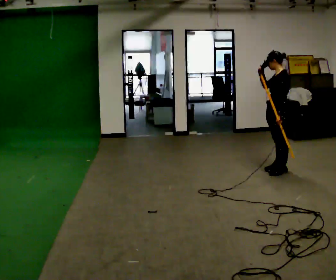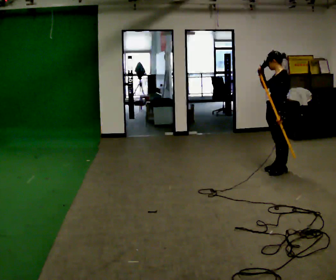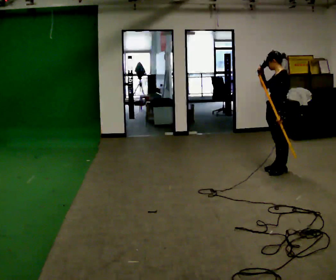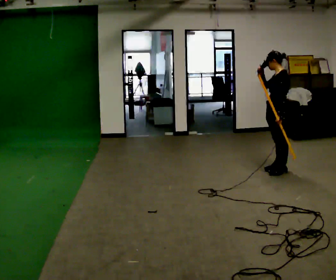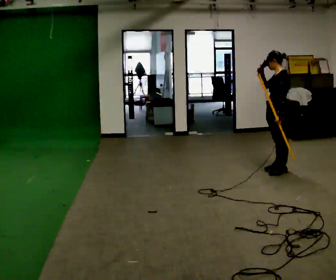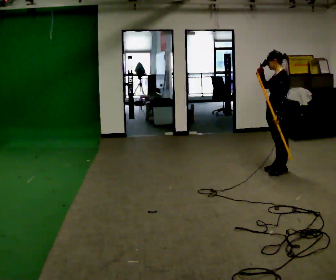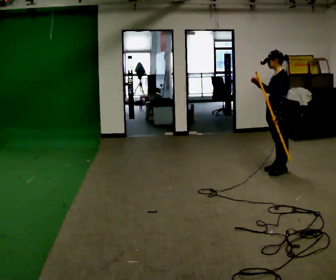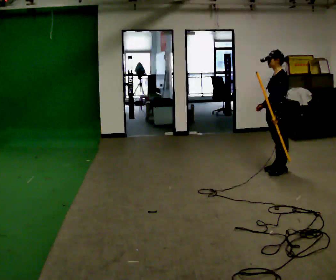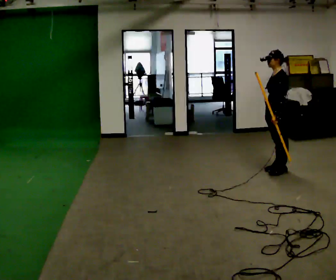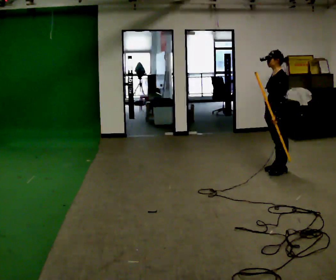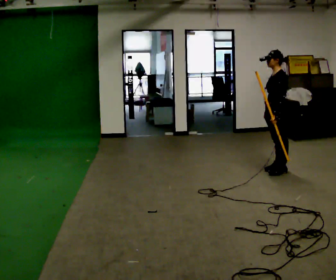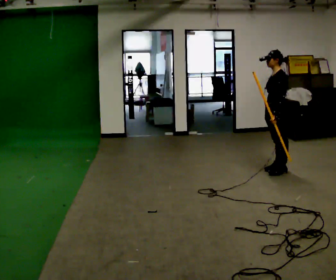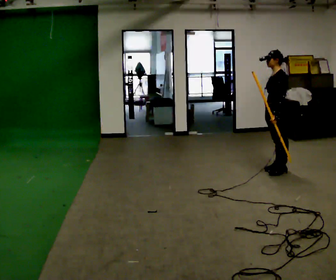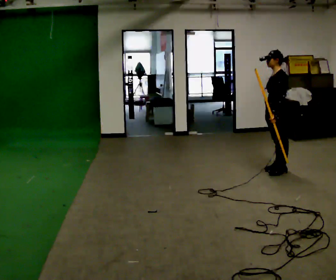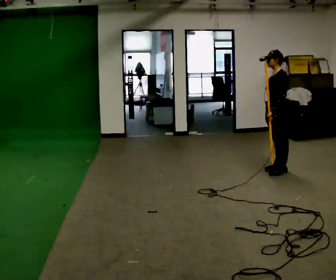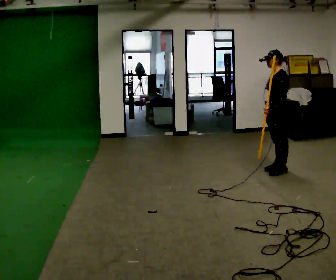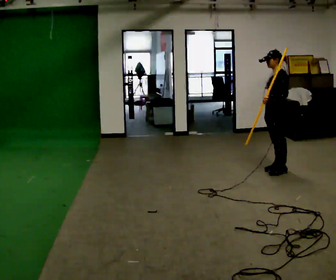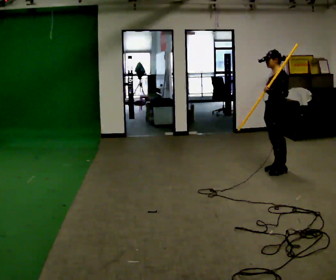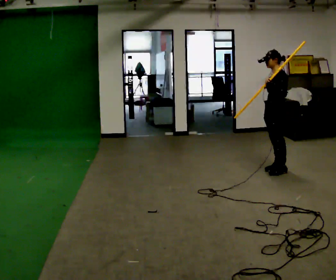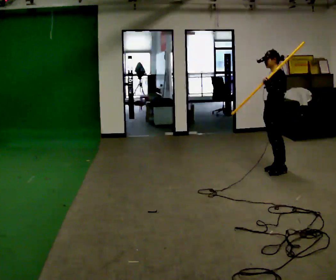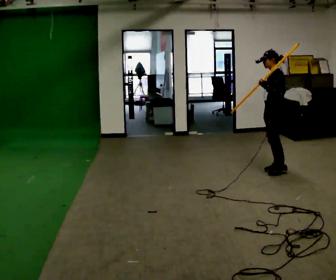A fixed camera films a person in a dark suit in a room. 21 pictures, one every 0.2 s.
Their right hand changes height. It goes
downward.
0.0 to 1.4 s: In the picture their right hand goes downward.
1.4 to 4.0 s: In the picture their left hand goes upward.
The film runs backward here.
